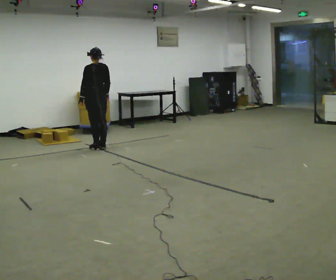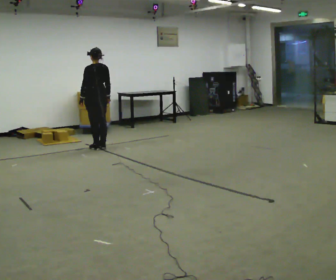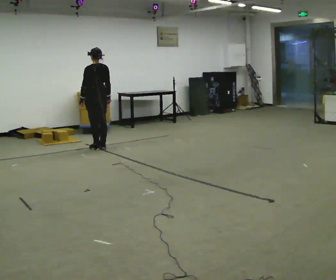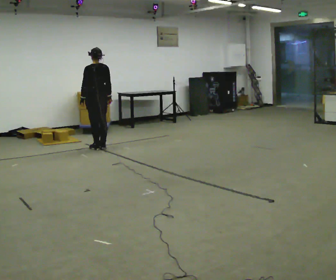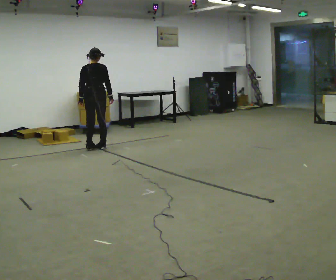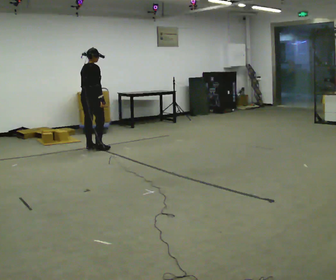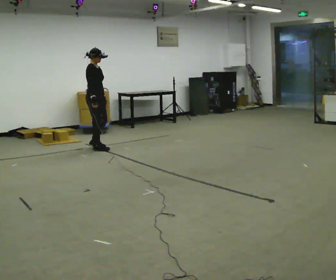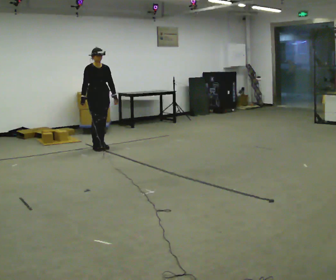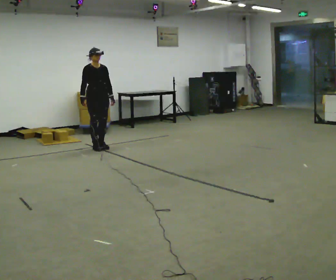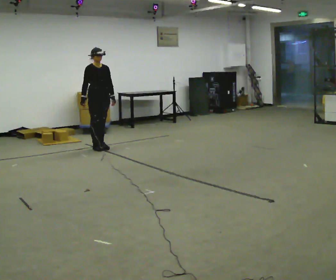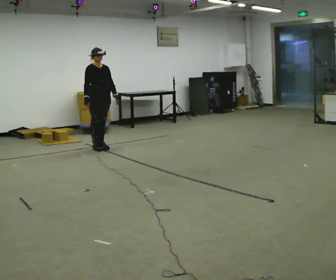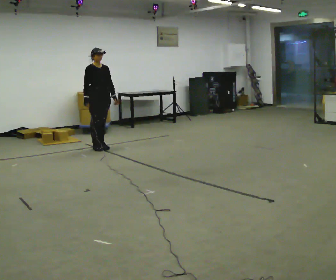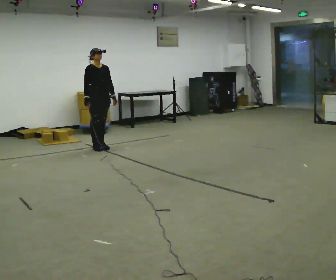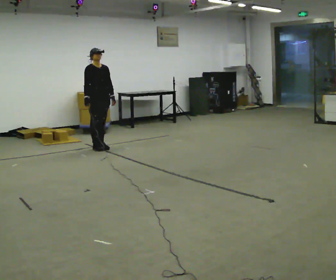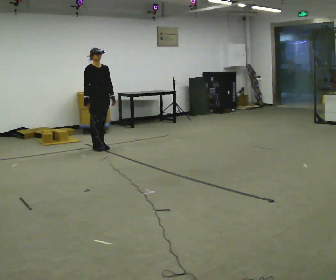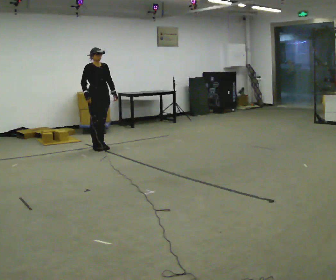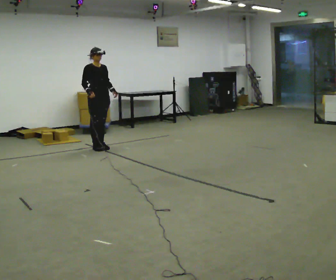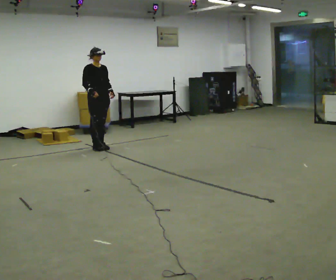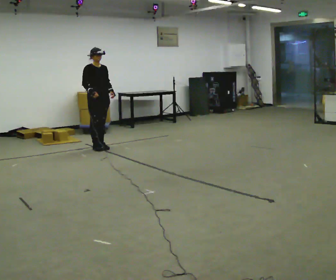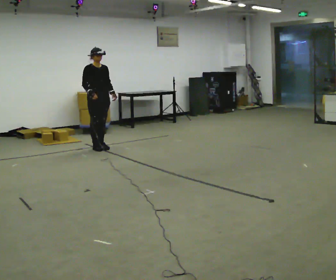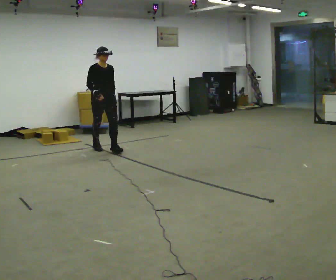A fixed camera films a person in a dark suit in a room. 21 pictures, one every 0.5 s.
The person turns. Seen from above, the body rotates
clockwise.
The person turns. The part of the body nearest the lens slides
to the left.
0.0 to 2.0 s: The part of the body nearest the lens slides to the left as the person turns to their right by about 30 degrees.
2.0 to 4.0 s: The person turns about 150 degrees to their right, clockwise seen from above, so the part of the body nearest the lens slides to the left. In the picture their right hand goes to the left, the arm swinging clockwise.
4.0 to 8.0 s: The person moves a little, or ends about where they began.
8.0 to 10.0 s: In the picture they go toward the camera, about 0.25 m, which for them is forward.
The film runs forward here.
